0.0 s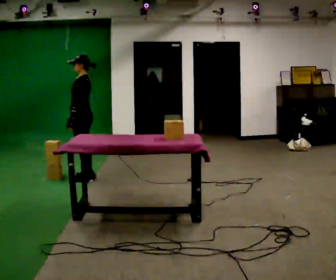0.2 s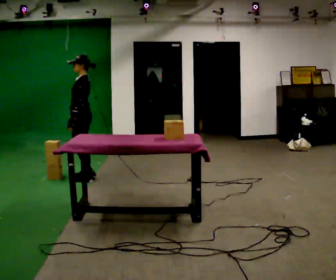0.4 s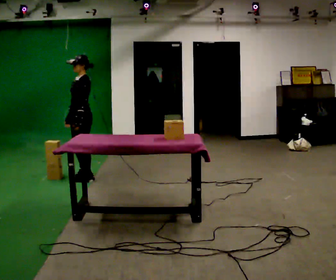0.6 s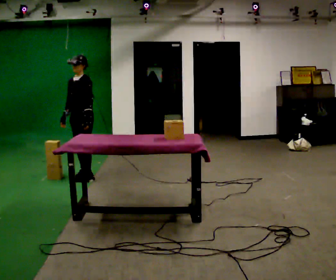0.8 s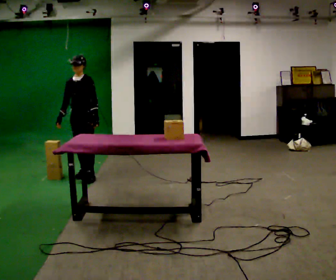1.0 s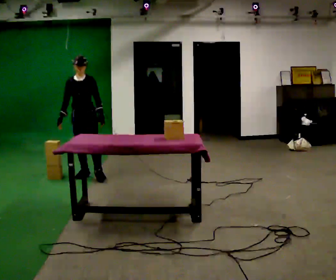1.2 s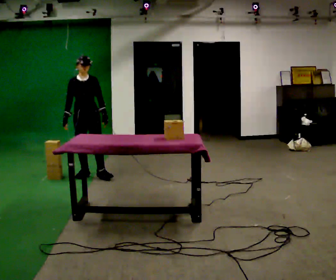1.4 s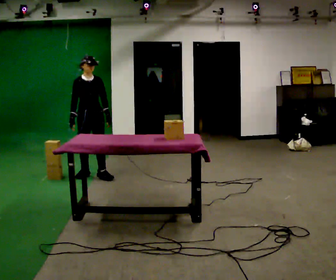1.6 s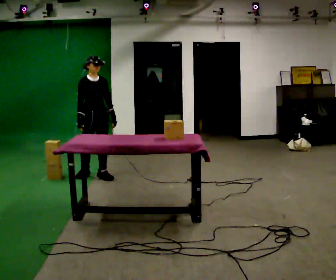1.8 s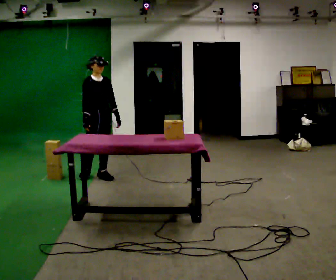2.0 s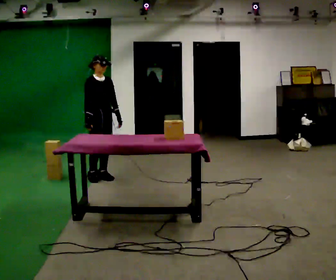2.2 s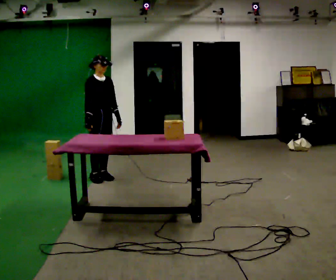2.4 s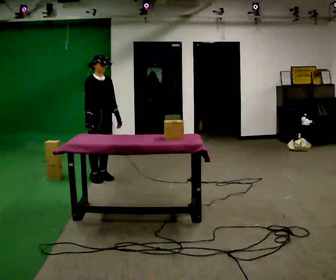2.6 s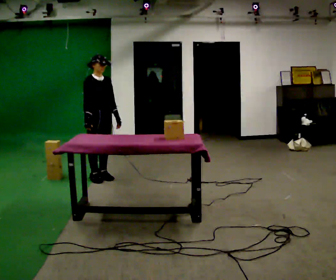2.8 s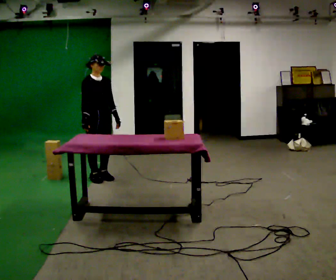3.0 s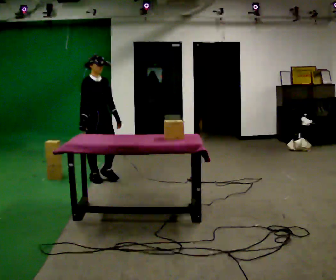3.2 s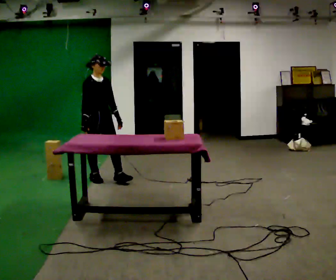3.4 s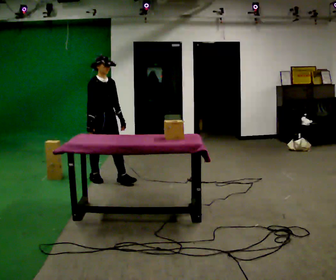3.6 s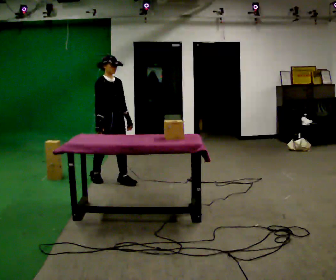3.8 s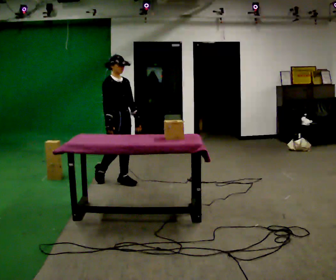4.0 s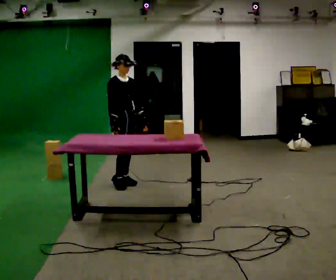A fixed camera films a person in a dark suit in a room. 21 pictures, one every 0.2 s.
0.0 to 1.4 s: The person turns about 105 degrees to their left, counterclockwise seen from above, so the part of the body nearest the lens slides to the right. In the picture they go away from the camera, about 0.25 m in 2 steps.
1.4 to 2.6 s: The person moves a little, or ends about where they began.
2.6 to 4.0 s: In the picture they go to the right and toward the camera, about 0.5 m in 1 step, which for them is forward.
The film runs forward here.
